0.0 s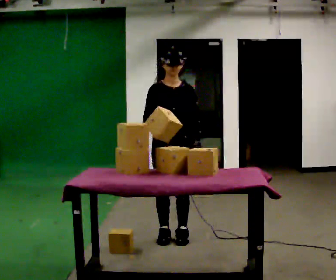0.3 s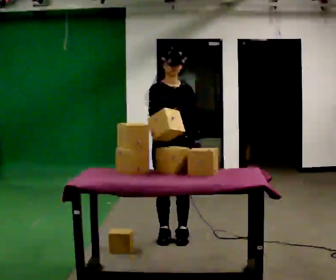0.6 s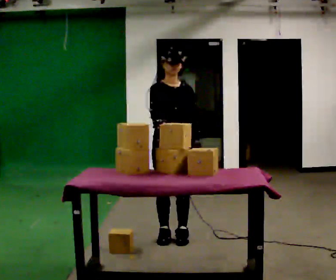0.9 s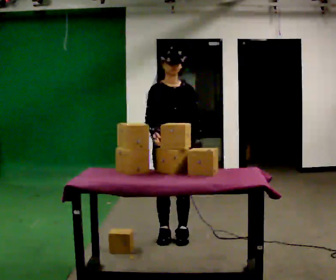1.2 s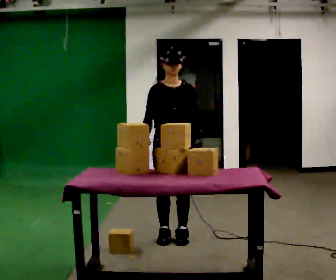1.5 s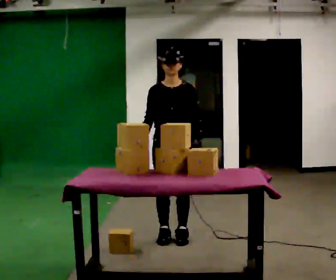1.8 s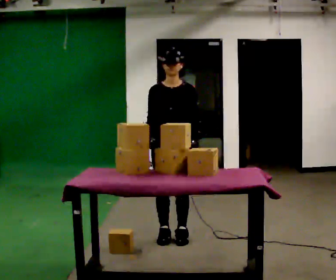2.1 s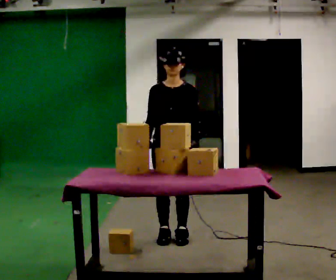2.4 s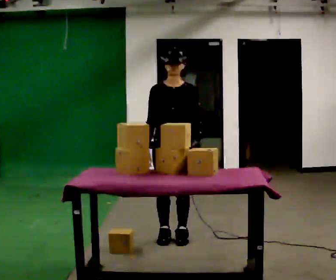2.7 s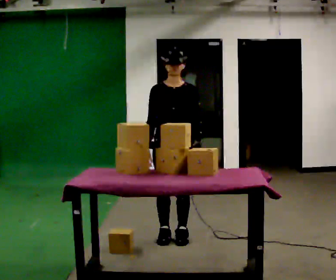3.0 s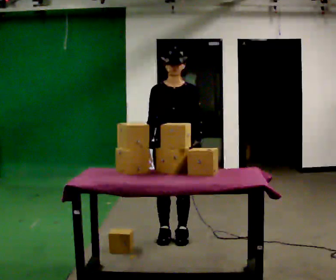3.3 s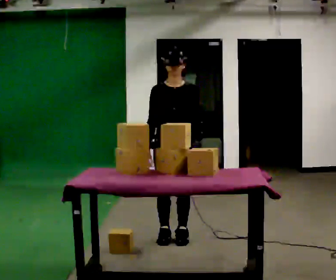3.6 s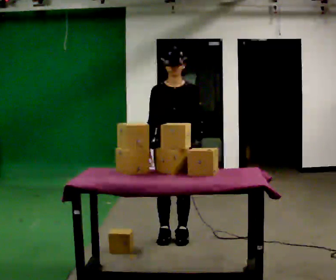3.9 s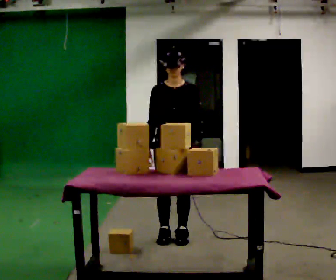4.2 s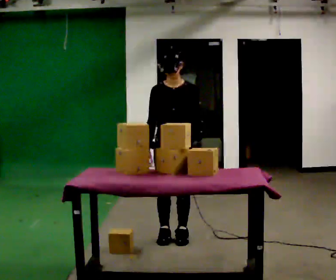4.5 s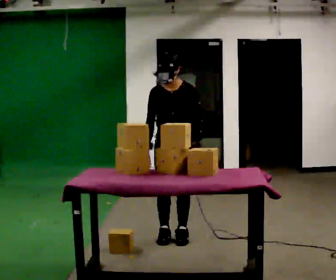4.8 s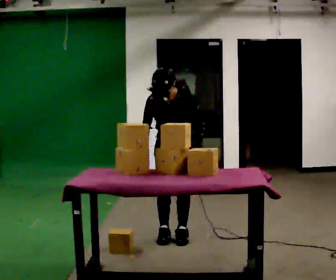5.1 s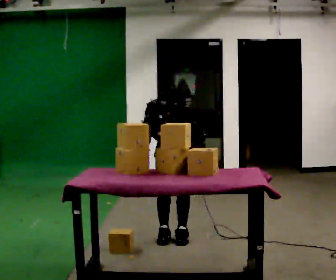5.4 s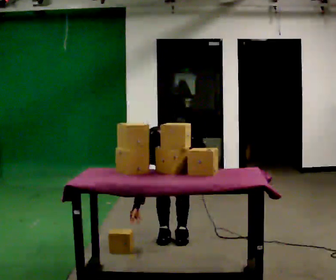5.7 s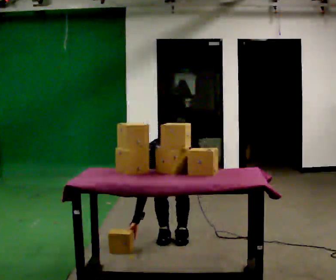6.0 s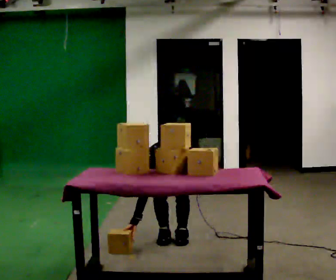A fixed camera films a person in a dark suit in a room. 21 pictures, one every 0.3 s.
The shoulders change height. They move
downward.
The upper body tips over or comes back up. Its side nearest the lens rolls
downward.
0.0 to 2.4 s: The person moves a little, or ends about where they began.
2.4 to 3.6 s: The person keeps their place and pose.
3.6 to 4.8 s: The upper body tips toward the camera, its near side rolling downward, as they bend forward.
4.8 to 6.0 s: The shoulders move downward. The upper body tips toward the camera, its near side rolling downward, as they bend forward.
The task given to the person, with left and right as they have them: Pick an object up off the floor at your feet and place it on the waist-height shelf in front of you. Repeat at your own pace until the operator says stop. Keep both feet on the marked spots for the whole take. If you have to step, stop and tell the operator.
The film runs forward here.
